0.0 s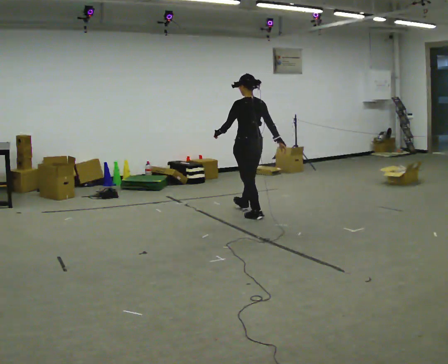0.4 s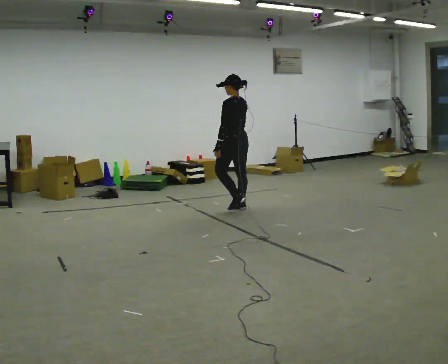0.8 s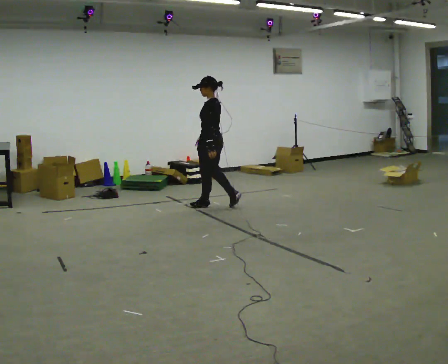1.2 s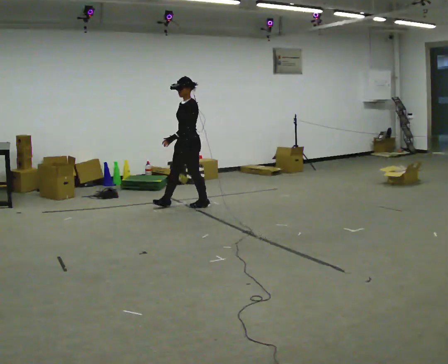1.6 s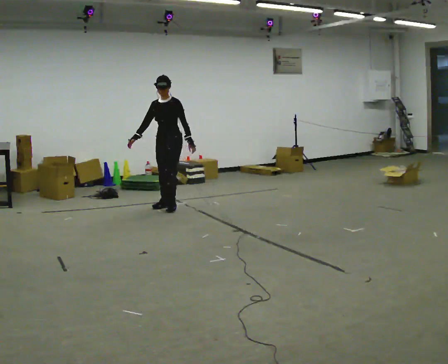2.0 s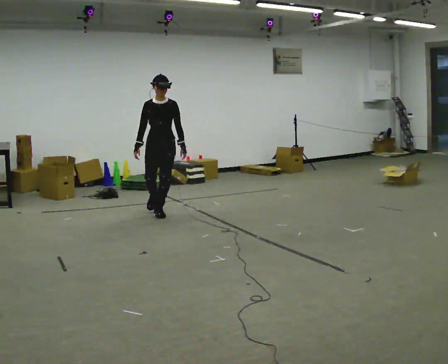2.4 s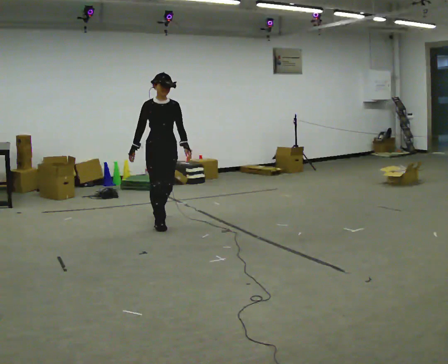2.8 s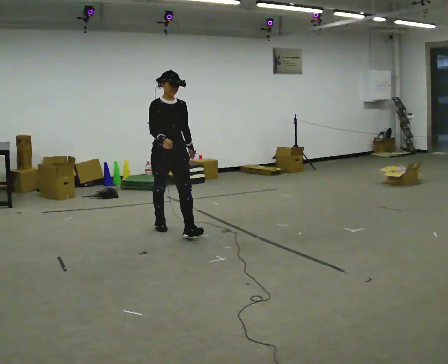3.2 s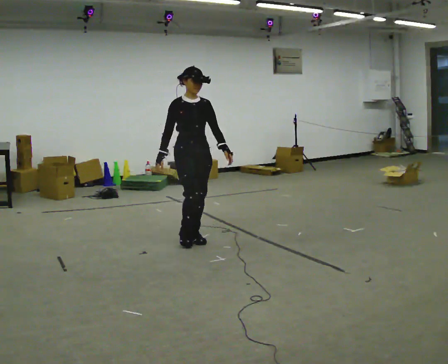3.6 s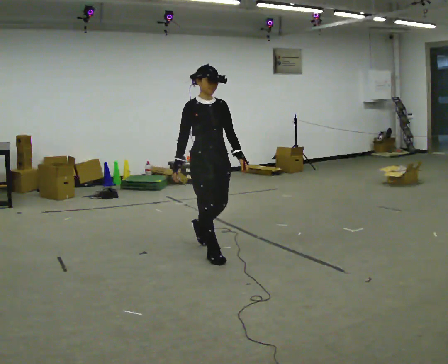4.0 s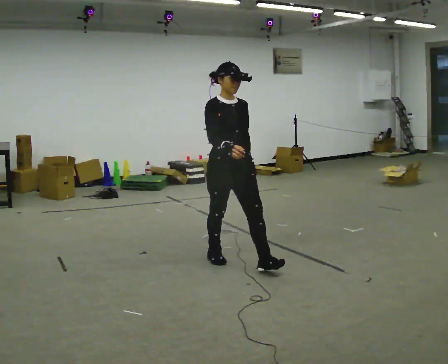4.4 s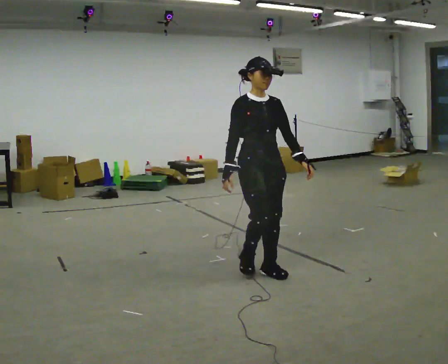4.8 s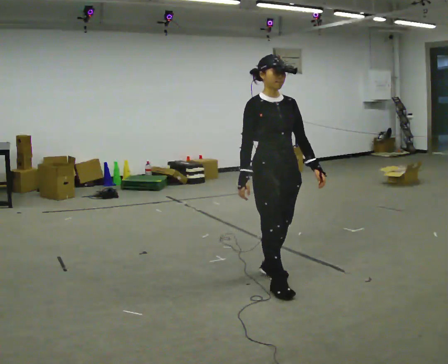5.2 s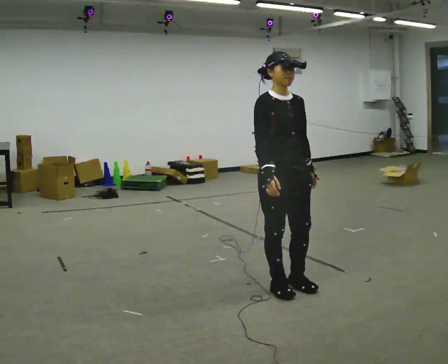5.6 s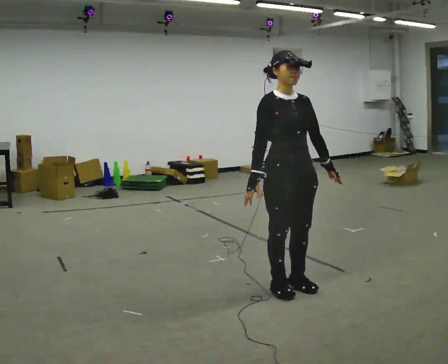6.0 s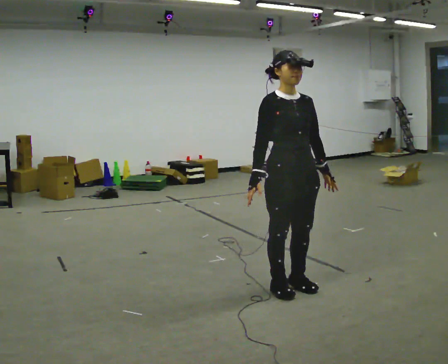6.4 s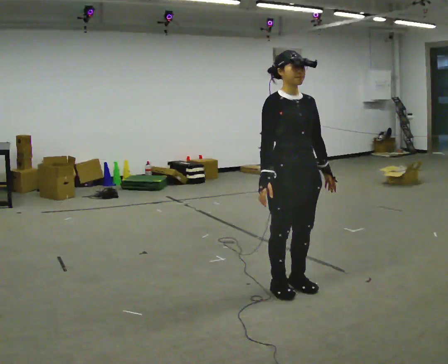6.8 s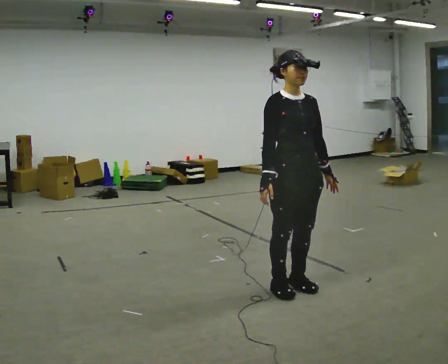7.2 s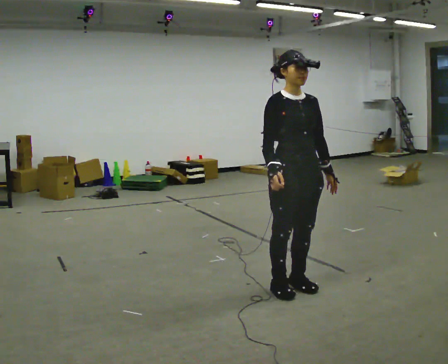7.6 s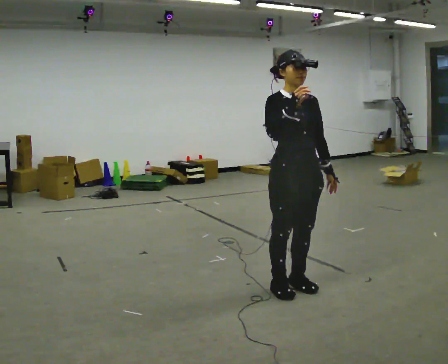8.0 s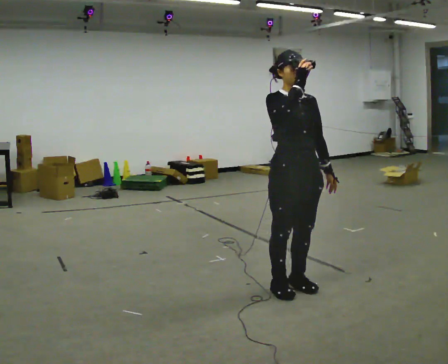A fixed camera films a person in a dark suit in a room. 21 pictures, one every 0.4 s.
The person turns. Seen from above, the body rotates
counterclockwise.
The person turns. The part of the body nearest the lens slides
to the right.
0.0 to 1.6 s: Seen from above the body turns counterclockwise, about 135 degrees: to their left, with its near side sliding to the right. In the picture they go to the left, about 1 m in 3 steps.
1.6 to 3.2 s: The part of the body nearest the lens slides to the right as the person turns to their left by about 45 degrees. In the picture they go toward the camera, about 1.5 m in 2 steps, which for them is forward.
3.2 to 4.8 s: In the picture they go toward the camera and to the right, about 1 m in 3 steps, which for them is forward.
4.8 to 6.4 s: The person moves a little, or ends about where they began.
6.4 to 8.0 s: In the picture their right hand goes upward.
The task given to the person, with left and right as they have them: Walk straight; turn around and walk back; use wide or tight turn.
The film runs forward here.
